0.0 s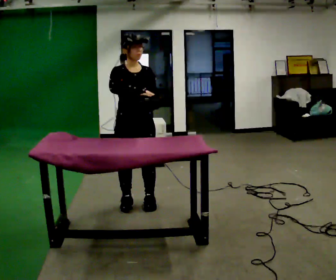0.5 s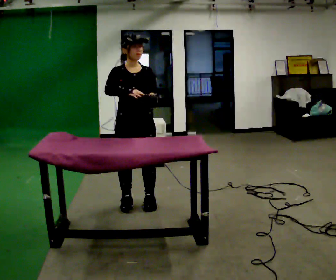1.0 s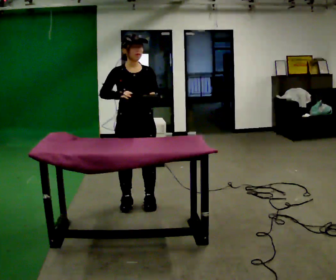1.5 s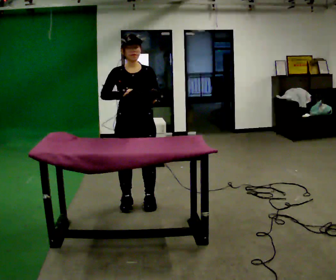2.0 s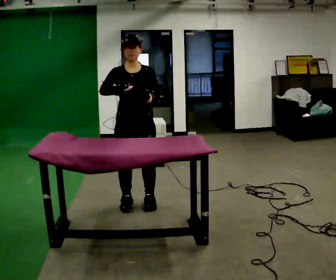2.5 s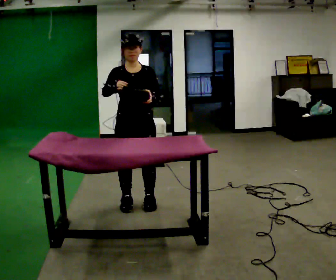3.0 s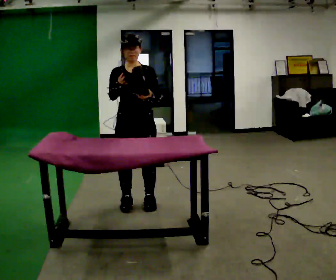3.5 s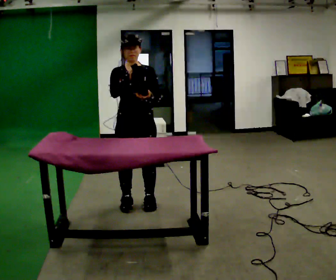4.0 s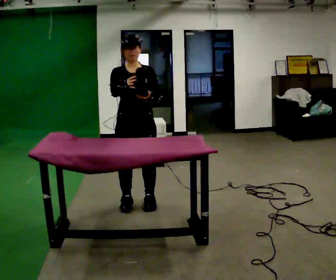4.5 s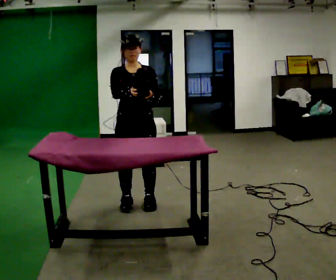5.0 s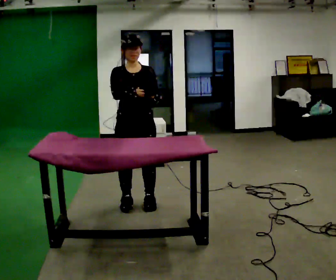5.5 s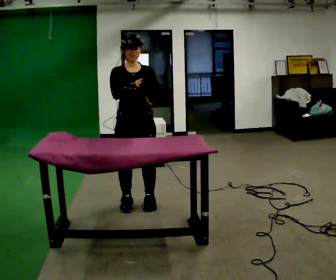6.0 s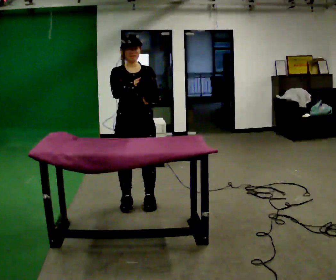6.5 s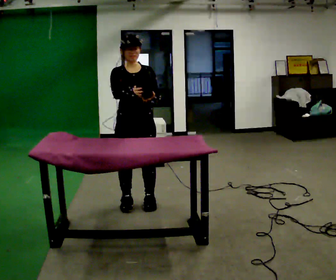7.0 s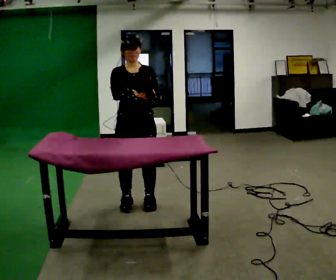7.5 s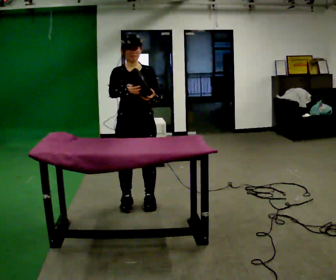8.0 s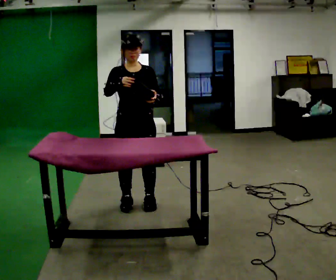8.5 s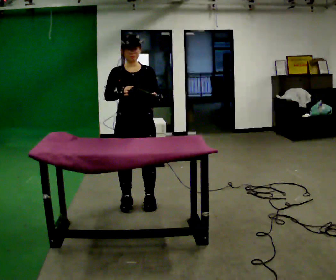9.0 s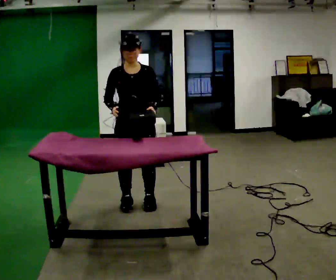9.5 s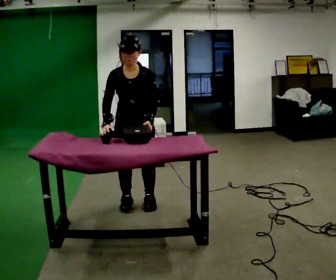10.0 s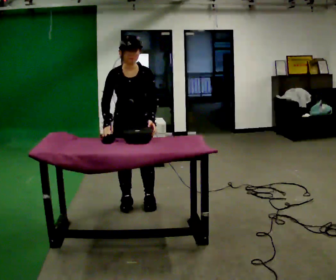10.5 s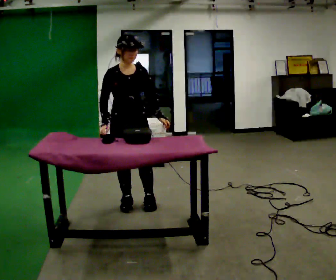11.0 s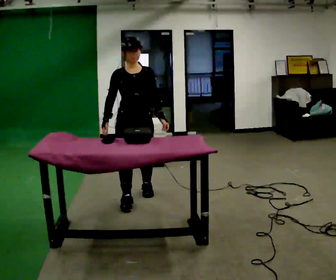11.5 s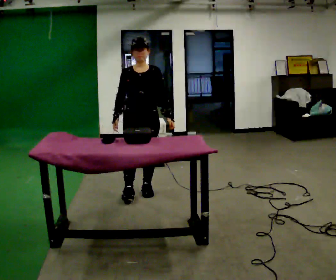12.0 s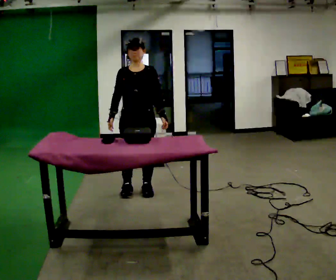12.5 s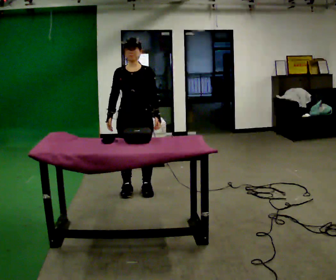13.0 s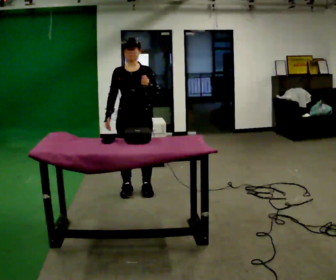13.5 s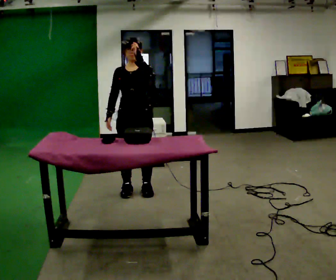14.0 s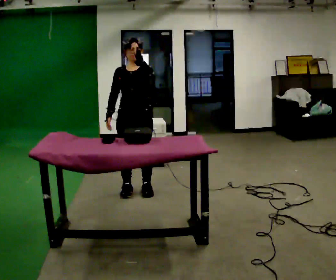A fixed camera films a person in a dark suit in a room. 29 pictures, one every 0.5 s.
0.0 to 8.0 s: The person moves a little, or ends about where they began.
8.0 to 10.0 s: In the picture their right hand goes downward.
10.0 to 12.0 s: In the picture they go away from the camera, about 0.5 m in 2 steps, which for them is backward. The upper body tips away from the camera, its near side rolling upward, as they lean back or straighten.
12.0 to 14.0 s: In the picture their left hand goes upward.
The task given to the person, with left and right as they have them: Clear everything off the table and put it away on the shelf, in as many trips as you need. Keep going until the operator says stop; one object at a time, and do not rush between trips.
The film runs forward here.
